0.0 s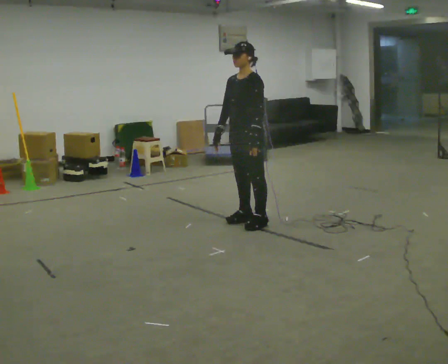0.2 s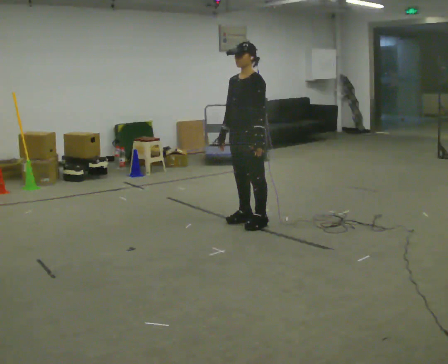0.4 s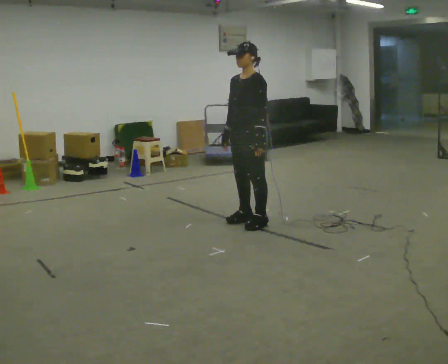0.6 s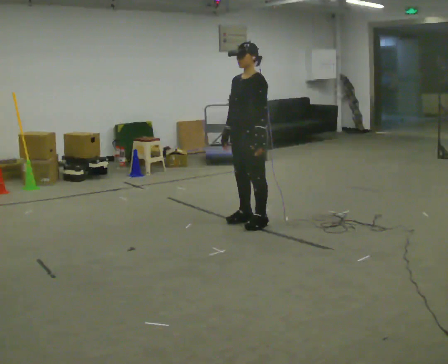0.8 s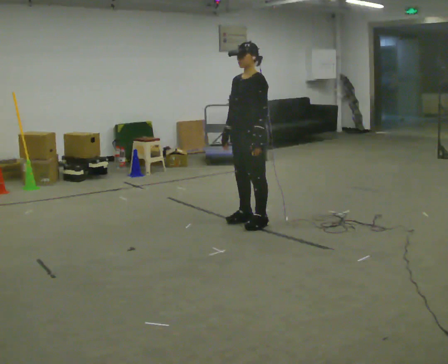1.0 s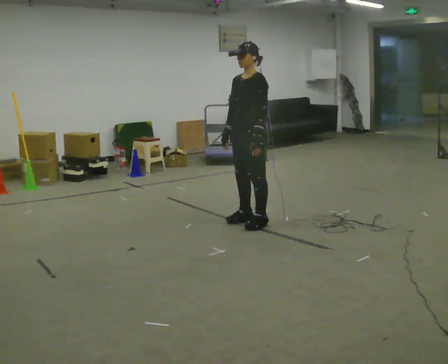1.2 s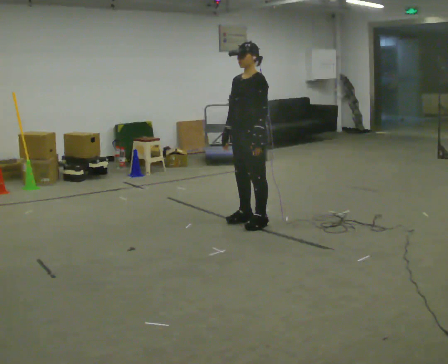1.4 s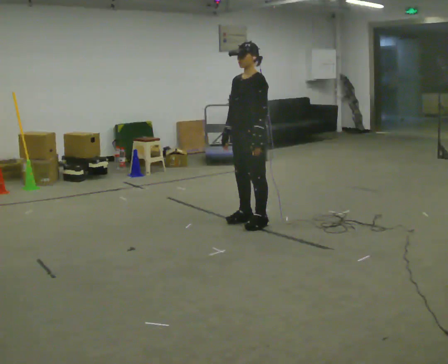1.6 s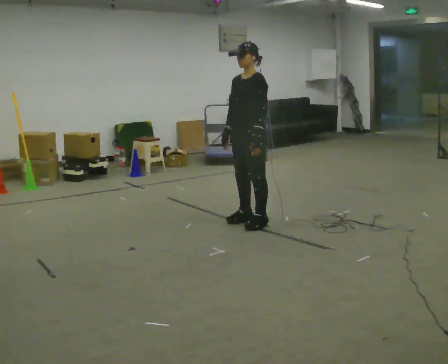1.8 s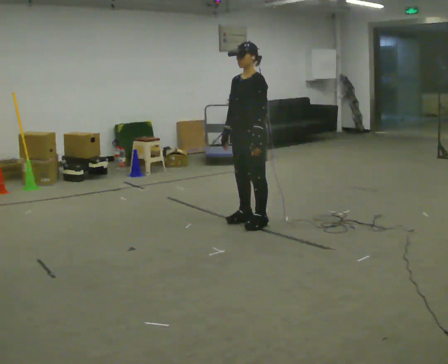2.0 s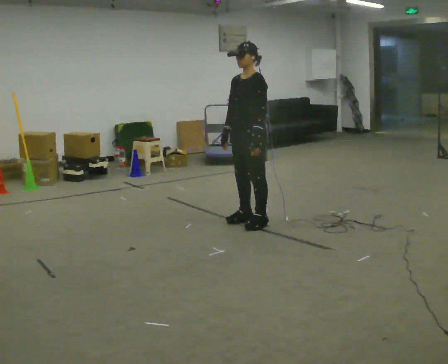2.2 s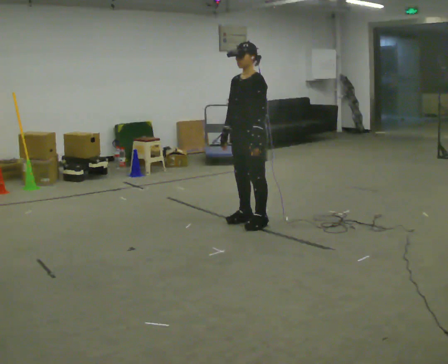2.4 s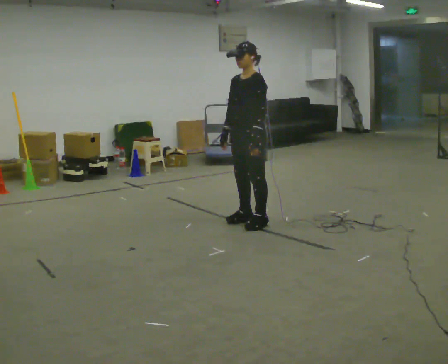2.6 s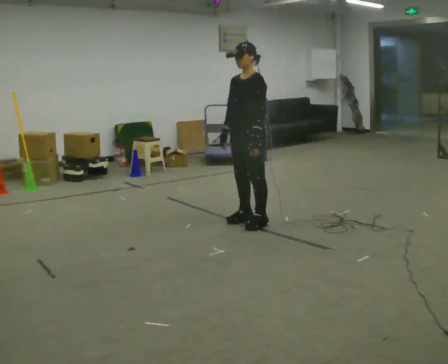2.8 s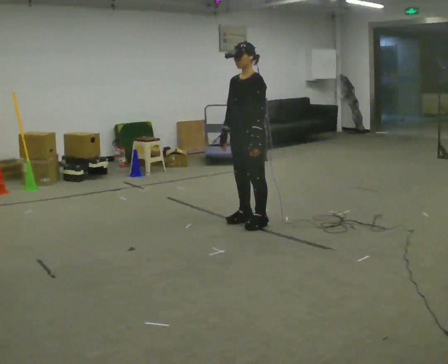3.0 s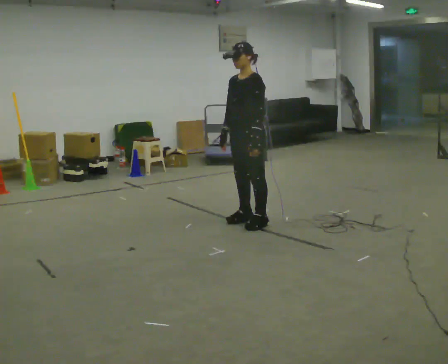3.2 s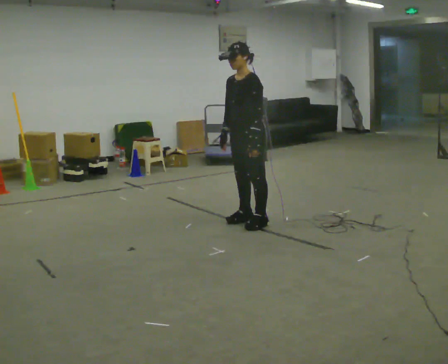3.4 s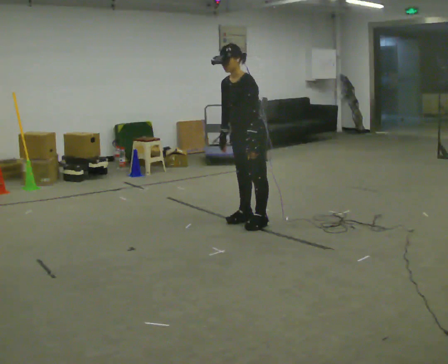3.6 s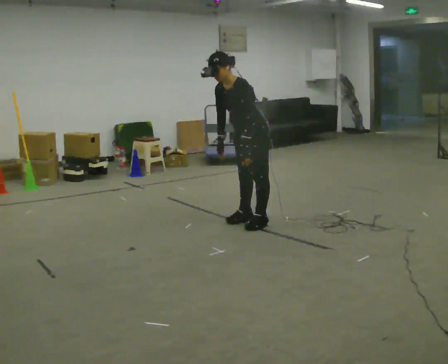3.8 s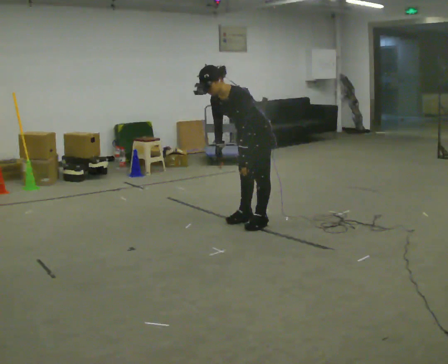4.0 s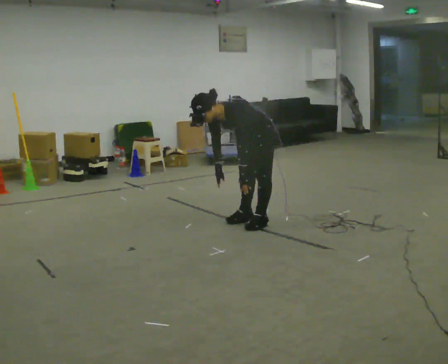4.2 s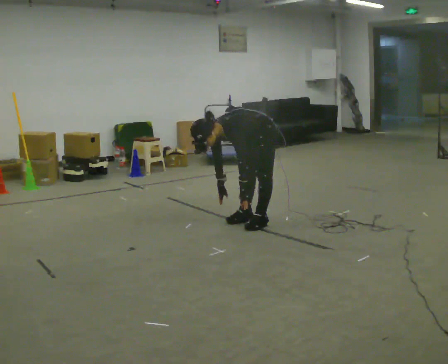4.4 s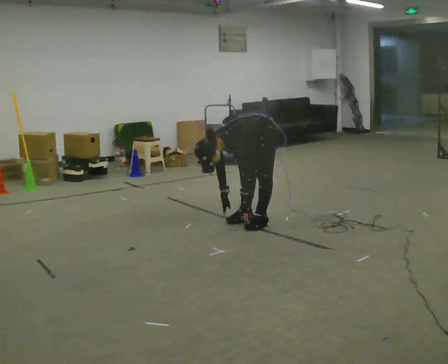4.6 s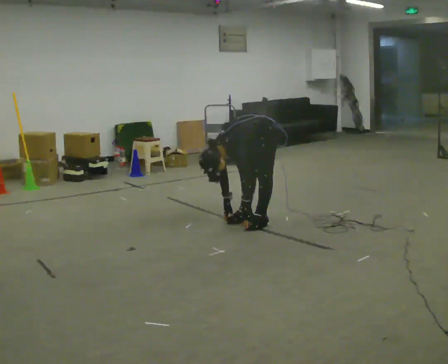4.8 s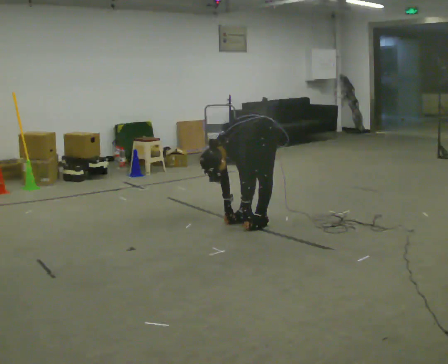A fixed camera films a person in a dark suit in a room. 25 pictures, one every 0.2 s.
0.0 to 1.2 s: The person moves a little, or ends about where they began.
1.2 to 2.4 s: The person keeps their place and pose.
2.4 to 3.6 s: In the picture the upper body tilts counterclockwise, shoulders to the left, as they bend forward.
3.6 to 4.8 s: The upper body goes downward. In the picture the upper body tilts counterclockwise, shoulders to the left, as they bend forward. In the picture their right hand goes downward.
The film runs forward here.
